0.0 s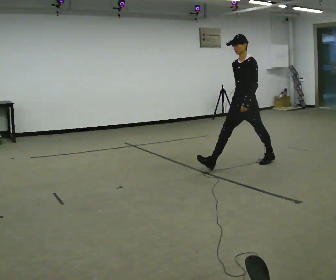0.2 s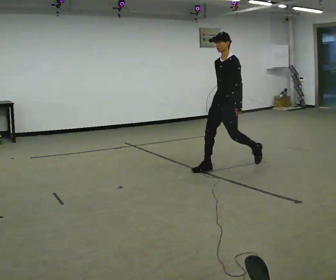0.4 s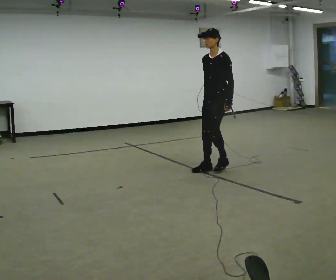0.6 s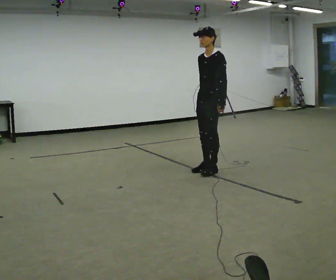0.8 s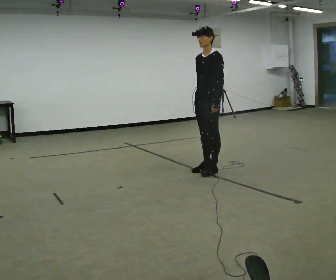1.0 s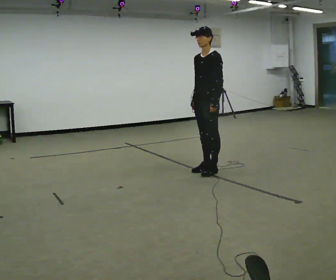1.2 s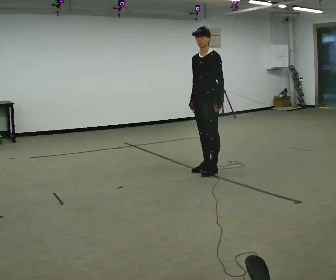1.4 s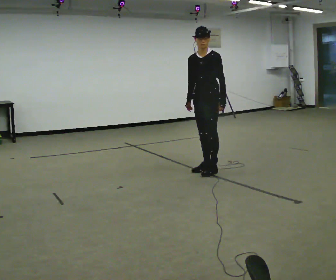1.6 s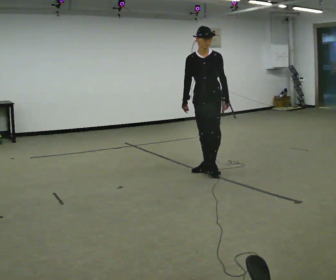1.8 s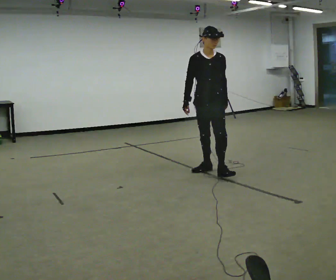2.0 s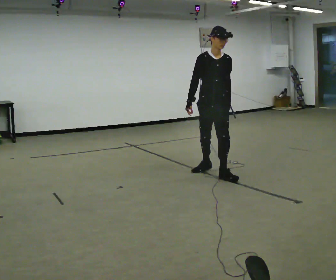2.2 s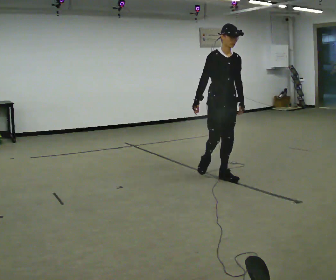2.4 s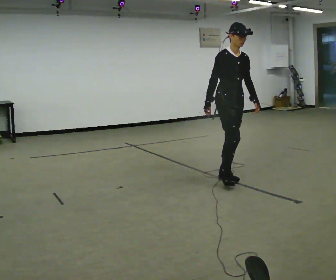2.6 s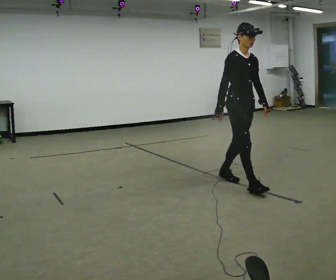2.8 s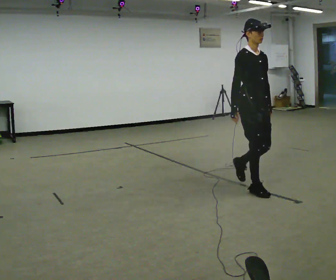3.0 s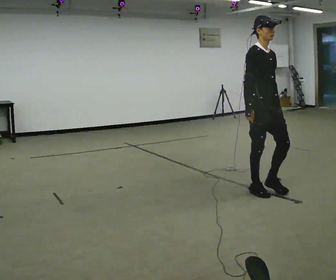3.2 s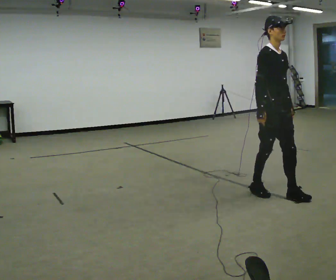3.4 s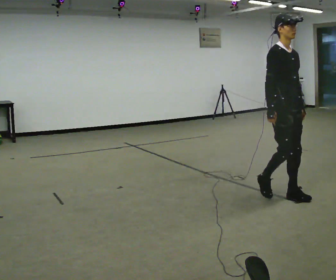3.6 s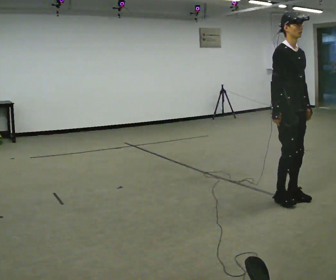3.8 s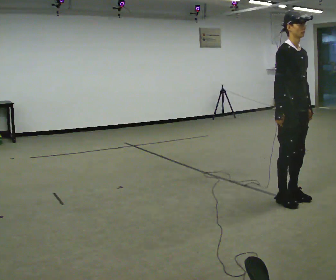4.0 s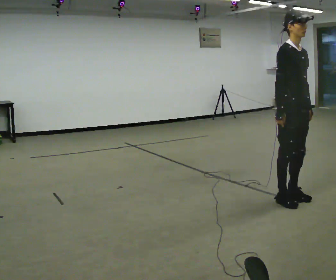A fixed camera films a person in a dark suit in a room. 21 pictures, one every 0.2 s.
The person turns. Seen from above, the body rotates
counterclockwise.
The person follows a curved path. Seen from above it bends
counterclockwise.
0.0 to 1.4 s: In the picture they go to the left and toward the camera, about 0.5 m in 2 steps, which for them is forward.
1.4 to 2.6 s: Seen from above the body turns counterclockwise, about 75 degrees: to their left, with its near side sliding to the right. In the picture they go toward the camera and to the right, about 0.5 m in 1 step.
2.6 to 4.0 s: In the picture they go toward the camera and to the right, about 0.5 m in 3 steps, which for them is forward.
The film runs forward here.
